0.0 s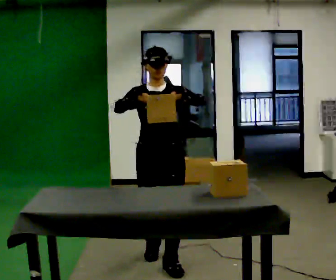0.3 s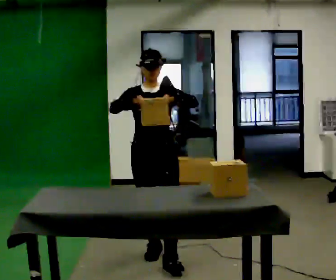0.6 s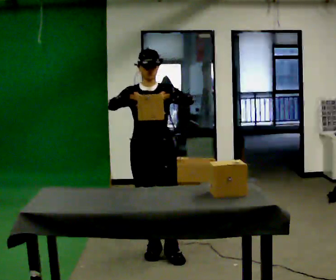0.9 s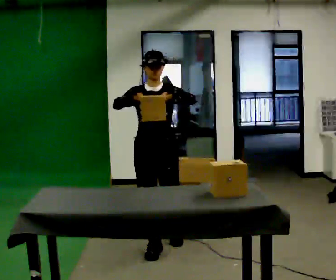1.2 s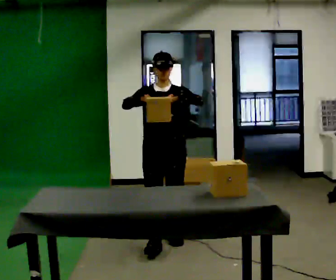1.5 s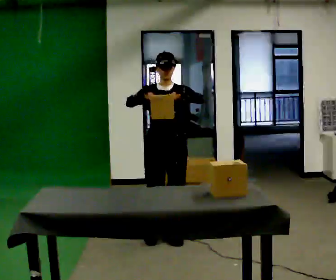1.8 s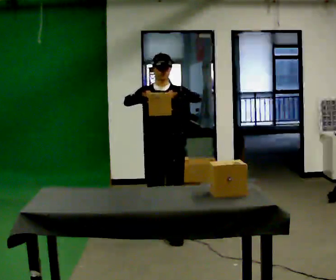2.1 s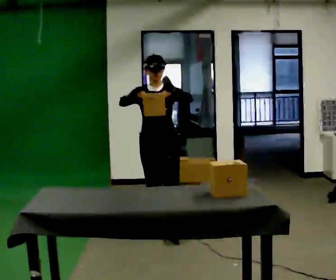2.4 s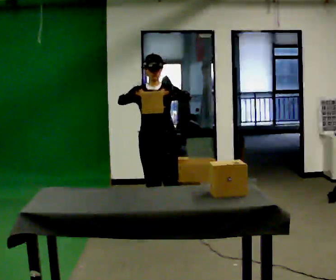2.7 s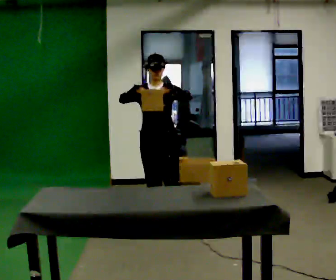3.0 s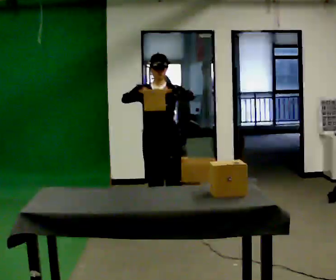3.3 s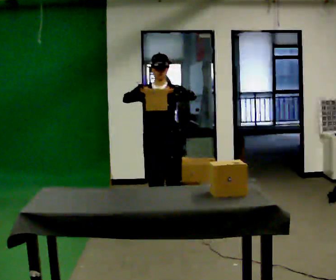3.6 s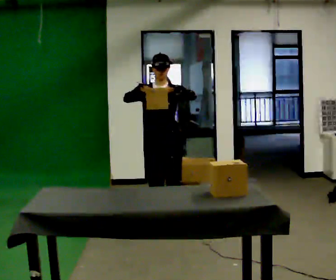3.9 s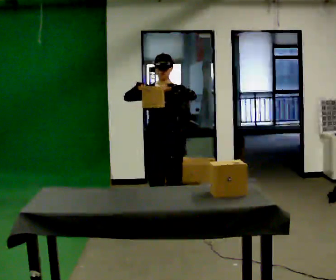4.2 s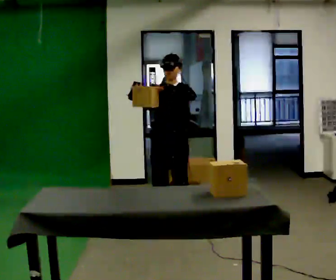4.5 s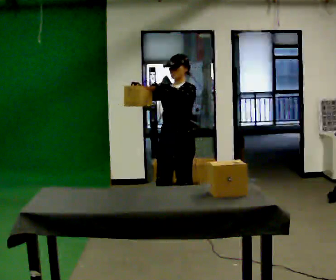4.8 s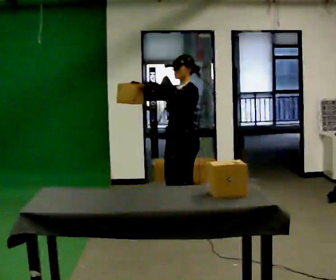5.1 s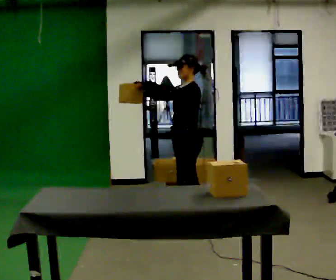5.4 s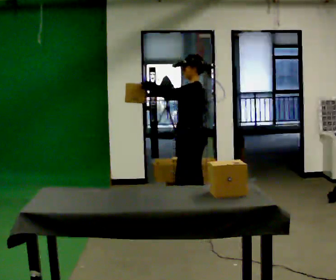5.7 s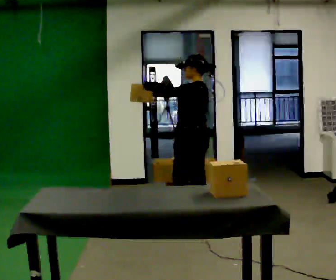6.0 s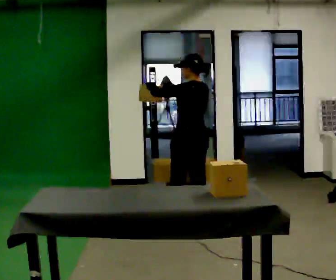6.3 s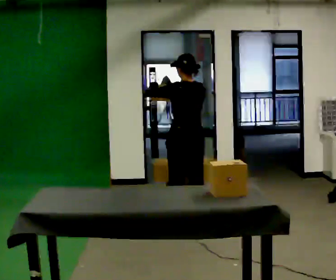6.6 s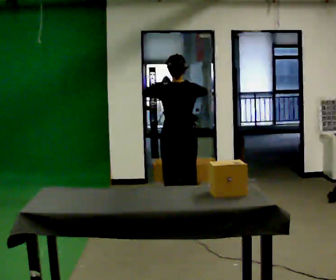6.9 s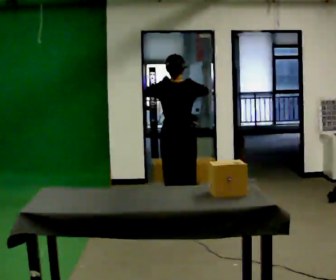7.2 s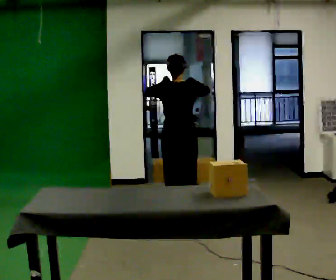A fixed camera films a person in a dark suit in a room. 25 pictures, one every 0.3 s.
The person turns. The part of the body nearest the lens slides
to the left.
The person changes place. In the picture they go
away from the camera.
0.0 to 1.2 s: In the picture they go away from the camera, about 0.5 m in 1 step, which for them is backward.
1.2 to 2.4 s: In the picture they go away from the camera, about 0.5 m in 2 steps, which for them is backward.
2.4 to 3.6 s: The person moves a little, or ends about where they began.
3.6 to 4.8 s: The part of the body nearest the lens slides to the left as the person turns to their right by about 60 degrees. In the picture they go to the right, about 0.25 m in 1 step.
4.8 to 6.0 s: The person turns about 60 degrees to their right, clockwise seen from above, so the part of the body nearest the lens slides to the left.
6.0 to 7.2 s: Seen from above the body turns clockwise, about 45 degrees: to their right, with its near side sliding to the left.
The film runs backward here.
